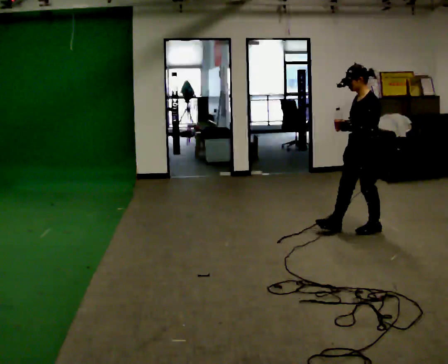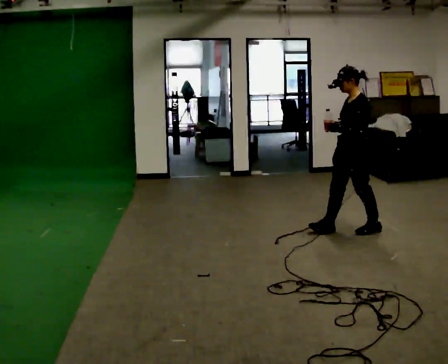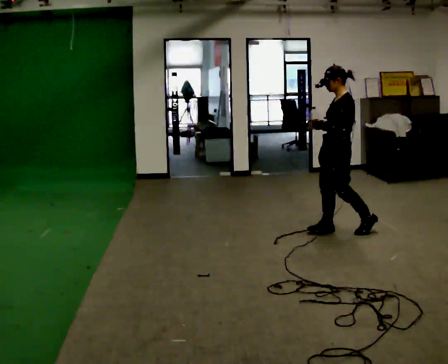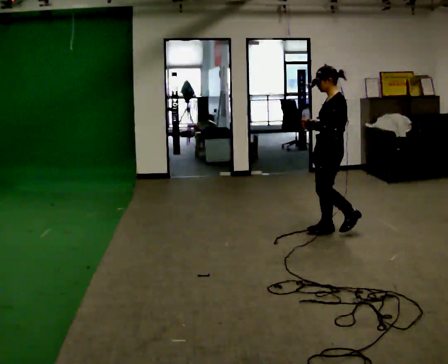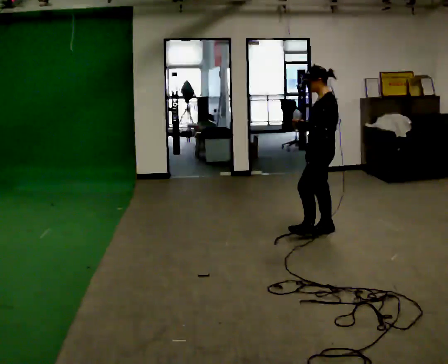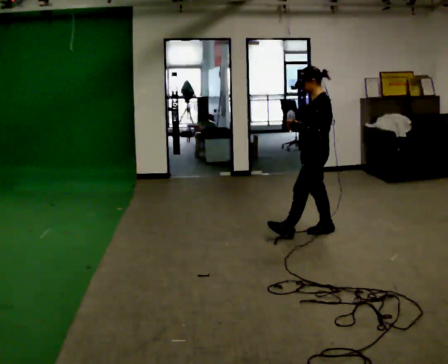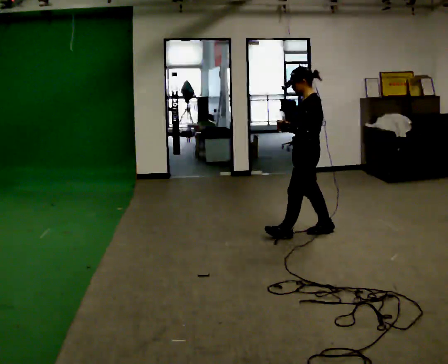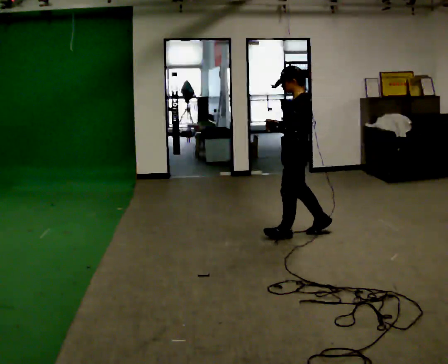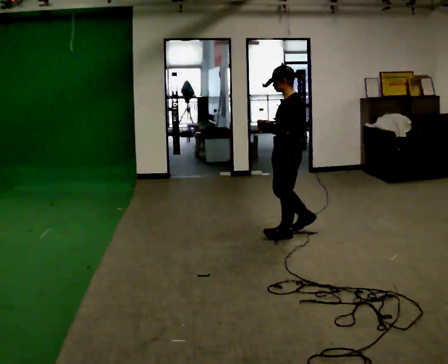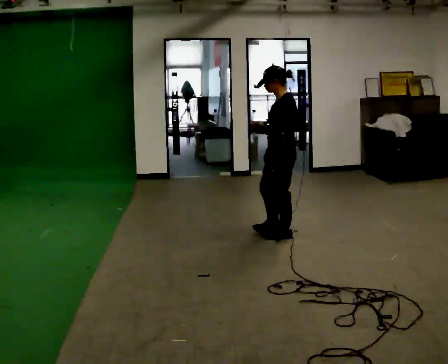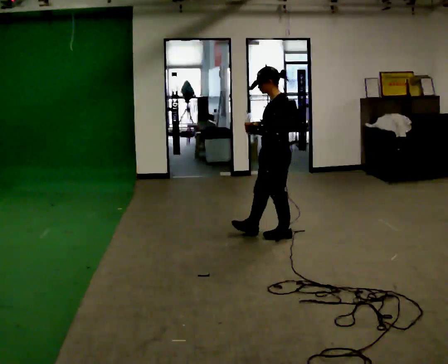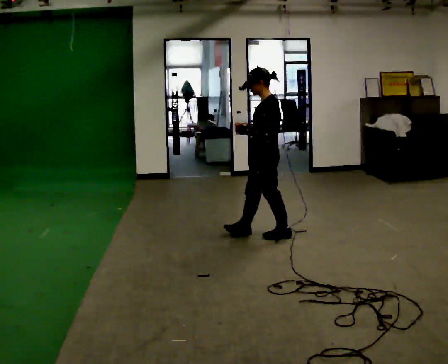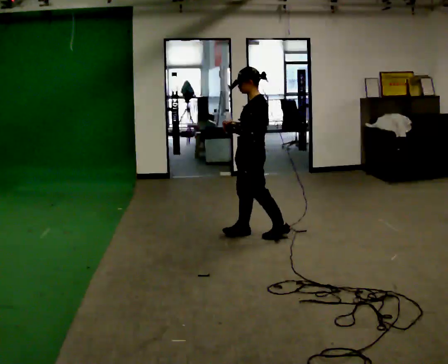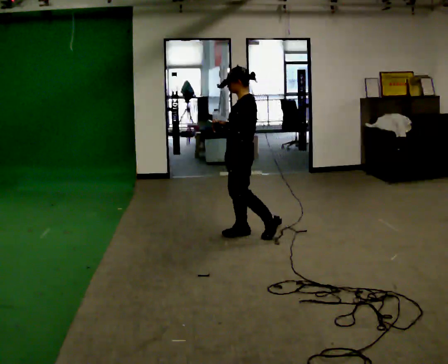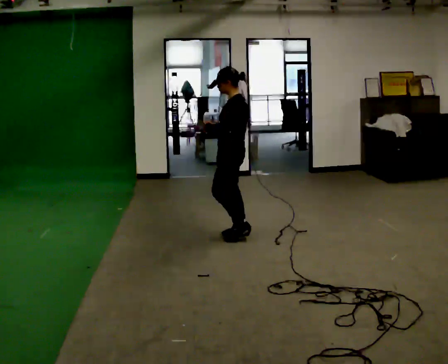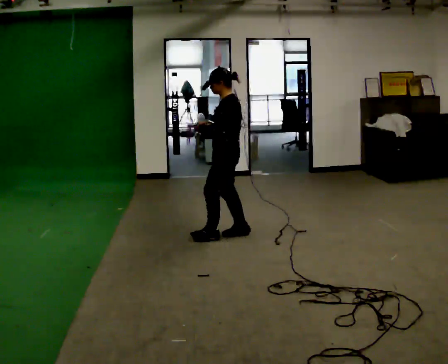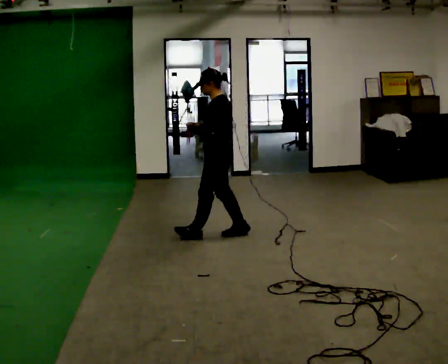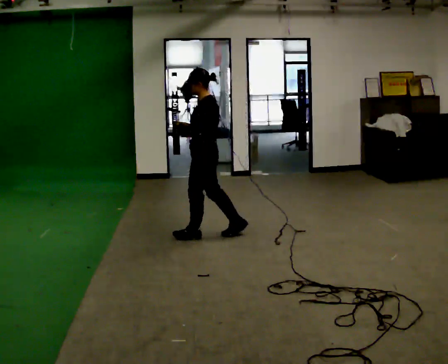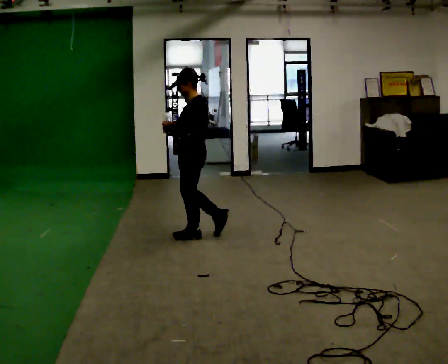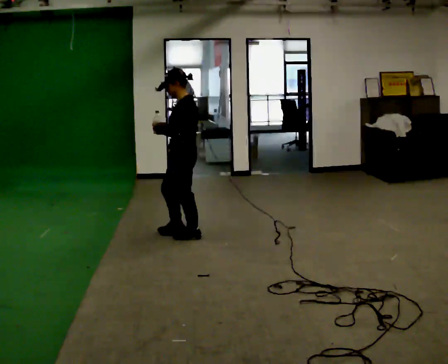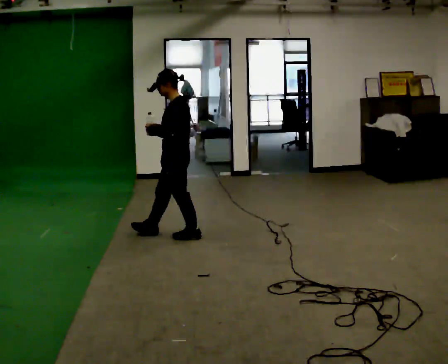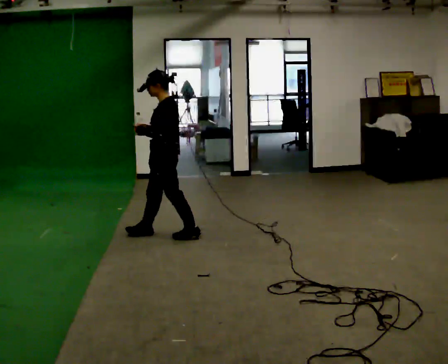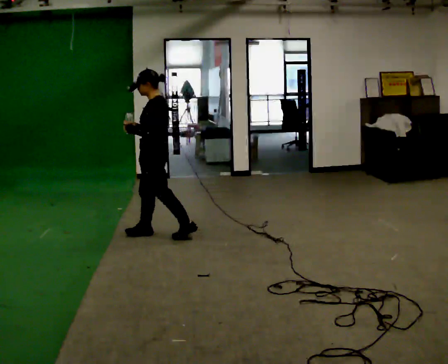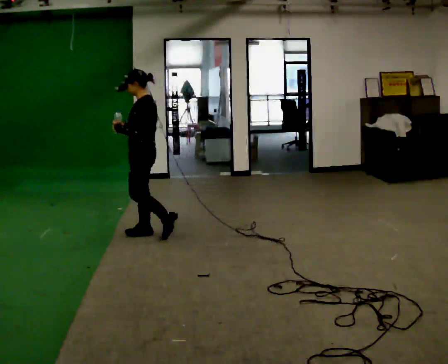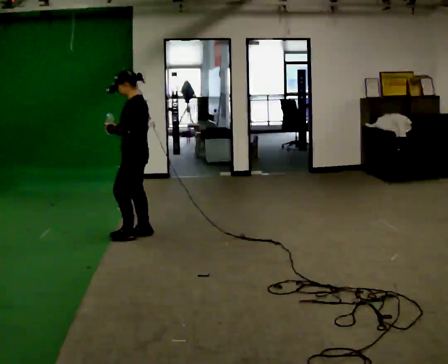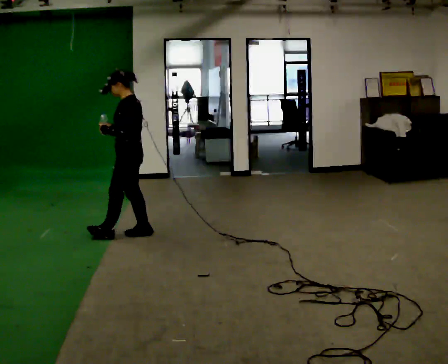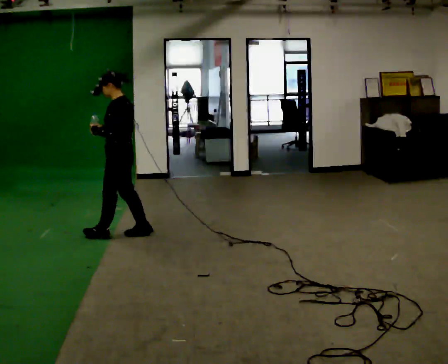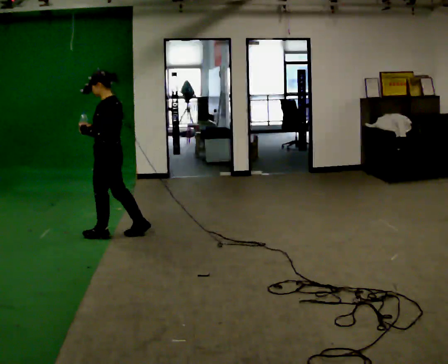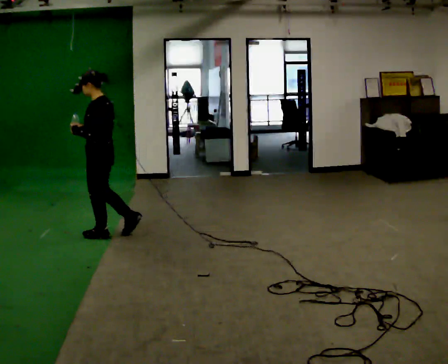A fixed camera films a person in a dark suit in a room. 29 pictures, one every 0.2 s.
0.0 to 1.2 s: In the picture they go to the left, about 0.5 m in 2 steps, which for them is forward.
1.2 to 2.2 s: In the picture they go to the left, about 0.25 m in 1 step, which for them is forward.
2.2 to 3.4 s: In the picture they go to the left, about 0.5 m in 1 step, which for them is forward.
3.4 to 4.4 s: In the picture they go to the left, about 0.5 m in 1 step, which for them is forward.
4.4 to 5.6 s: In the picture they go to the left, about 0.5 m in 1 step, which for them is forward.
The film runs forward here.
